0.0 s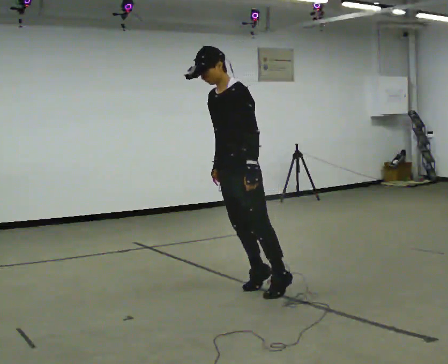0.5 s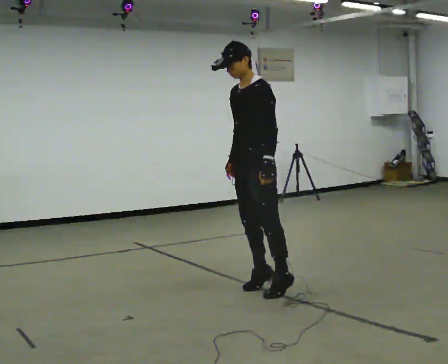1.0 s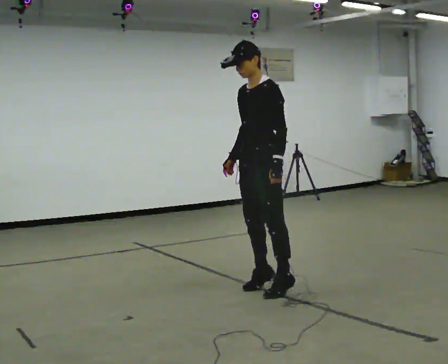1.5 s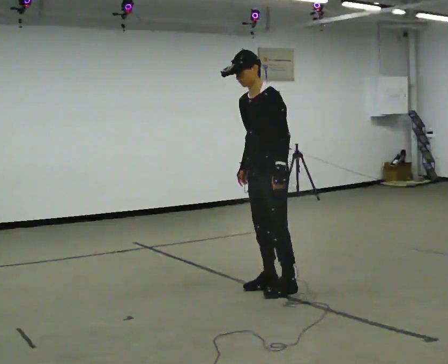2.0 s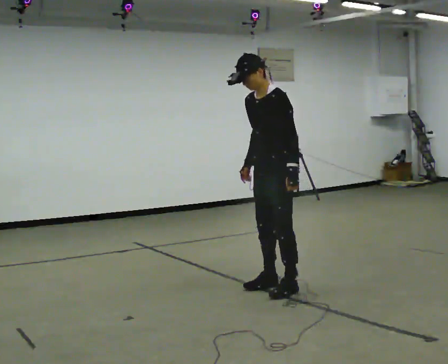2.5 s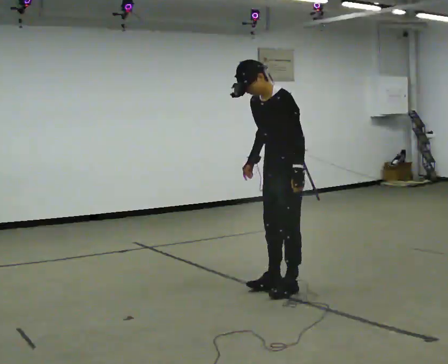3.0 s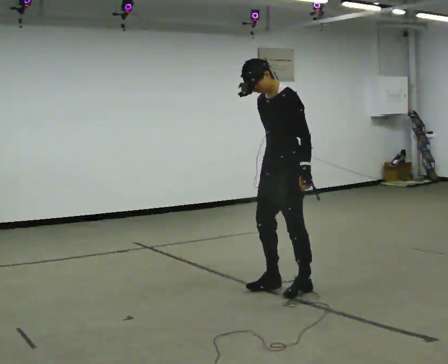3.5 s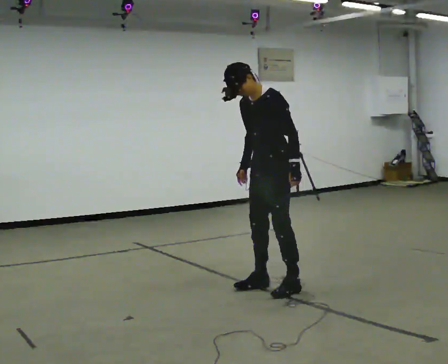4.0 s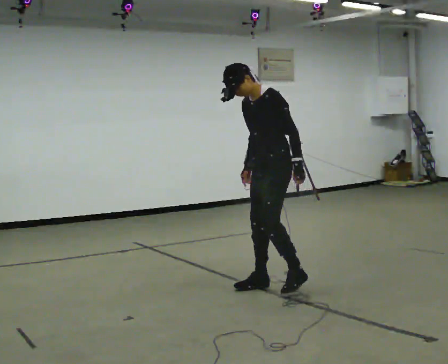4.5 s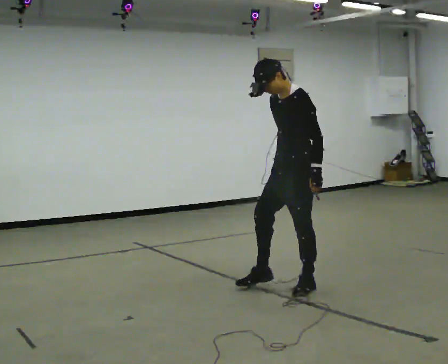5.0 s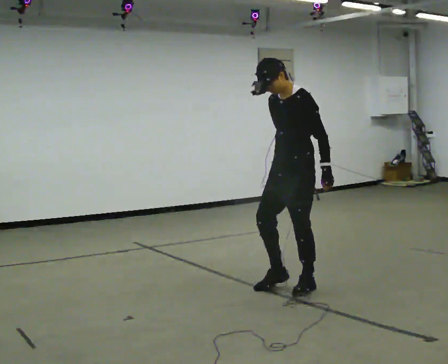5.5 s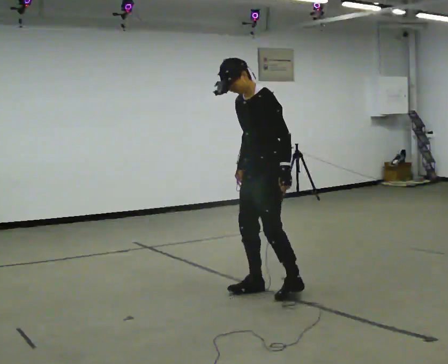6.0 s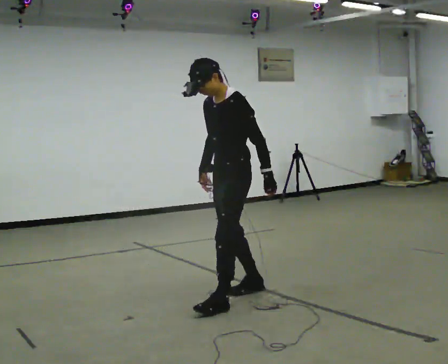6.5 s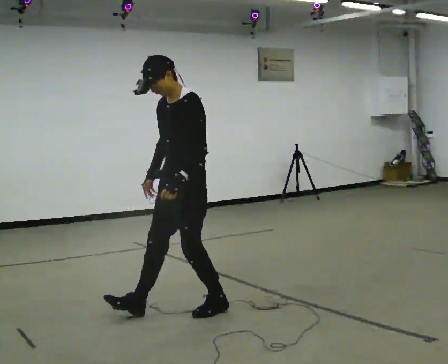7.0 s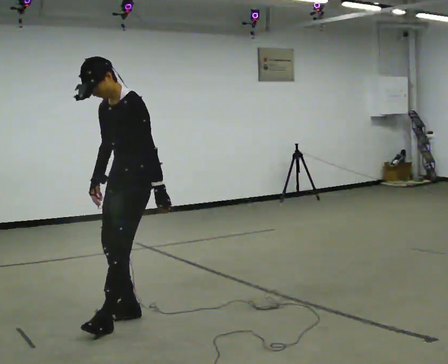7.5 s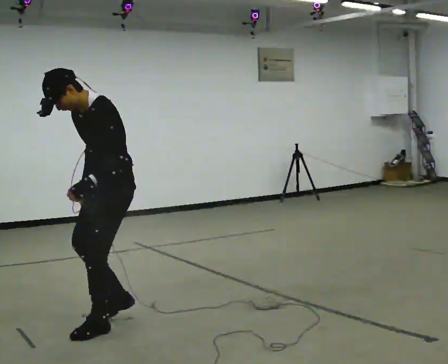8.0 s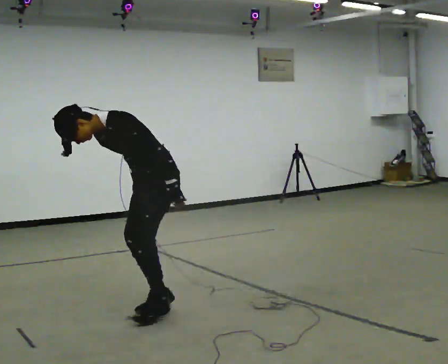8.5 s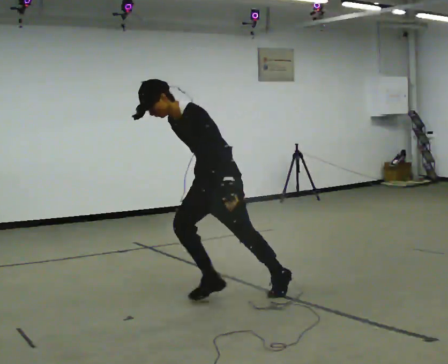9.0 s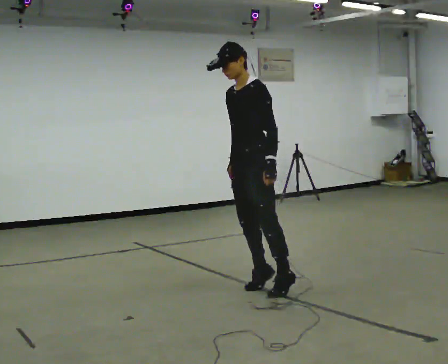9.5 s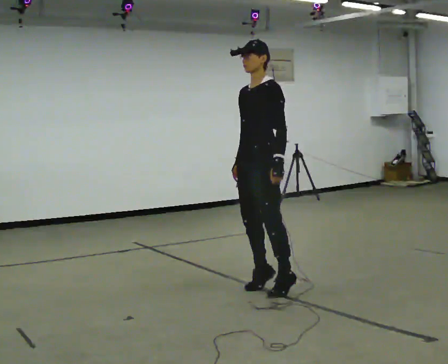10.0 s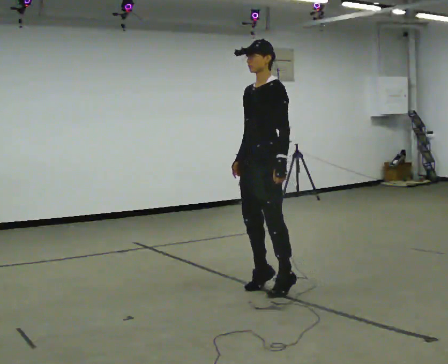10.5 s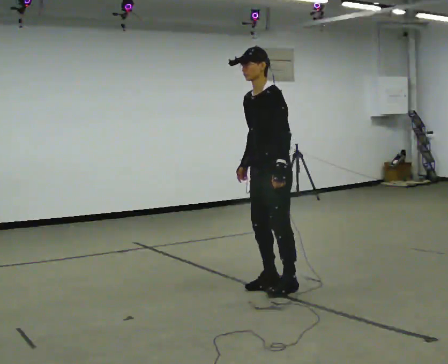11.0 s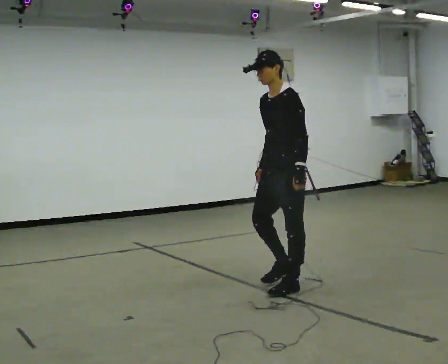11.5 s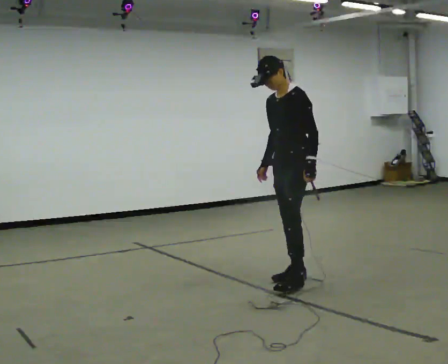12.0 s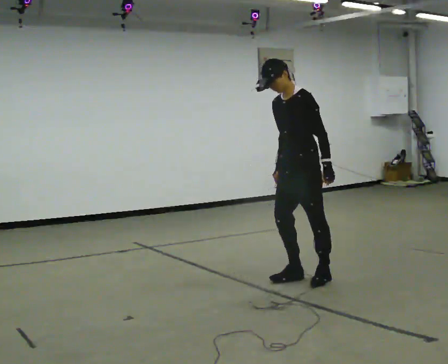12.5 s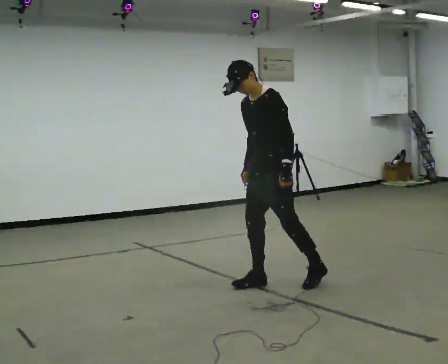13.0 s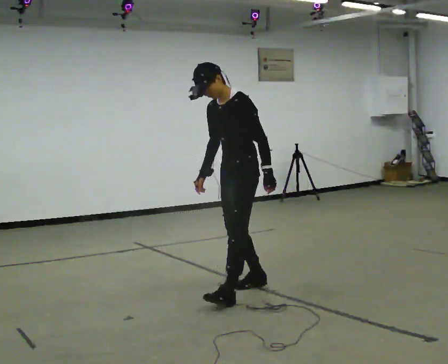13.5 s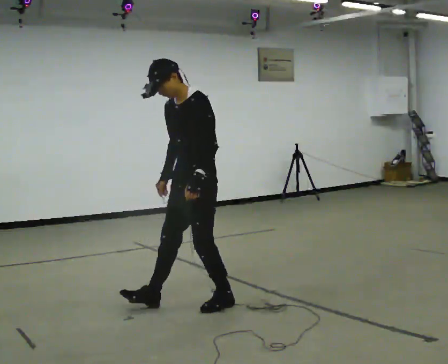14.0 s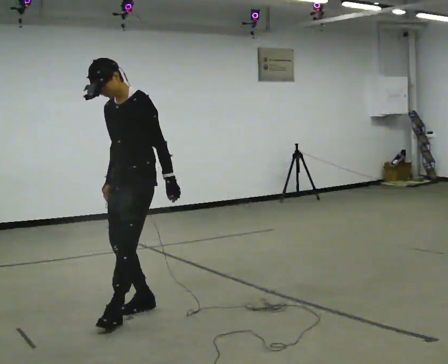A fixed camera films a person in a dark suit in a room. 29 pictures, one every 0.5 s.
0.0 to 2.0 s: In the picture they go to the right and away from the camera, about 0.25 m, which for them is backward.
2.0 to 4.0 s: The person moves a little, or ends about where they began.
4.0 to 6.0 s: In the picture they go to the left and toward the camera, about 0.5 m in 3 steps, which for them is forward.
6.0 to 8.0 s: In the picture they go to the left and toward the camera, about 0.5 m in 4 steps, which for them is forward. In the picture the upper body tilts counterclockwise, shoulders to the left, as they bend forward.
8.0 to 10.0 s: In the picture they go to the right and away from the camera, about 1 m in 1 step, which for them is backward. In the picture the upper body tilts clockwise, shoulders to the right, as they lean back or straighten.
10.0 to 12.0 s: In the picture they go to the right and away from the camera, about 0.5 m in 3 steps, which for them is backward.
12.0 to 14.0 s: In the picture they go to the left and toward the camera, about 1.5 m in 3 steps, which for them is forward.
The film runs backward here.
